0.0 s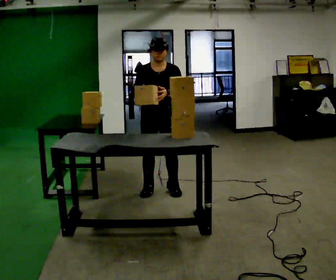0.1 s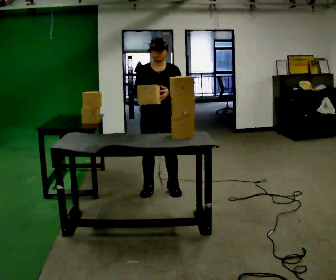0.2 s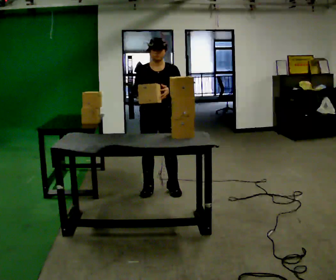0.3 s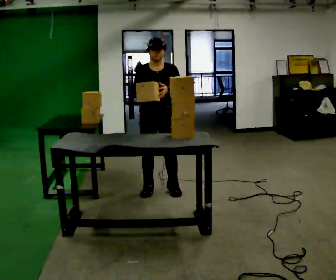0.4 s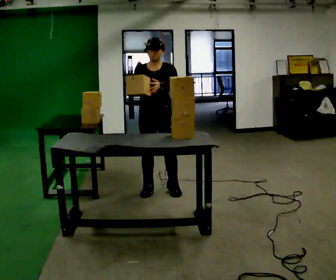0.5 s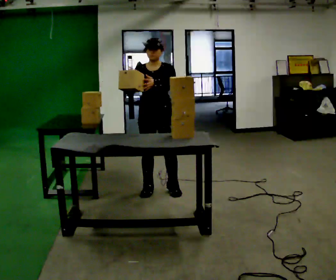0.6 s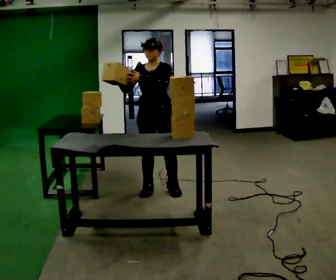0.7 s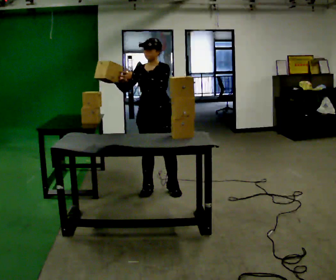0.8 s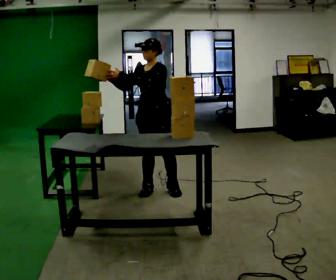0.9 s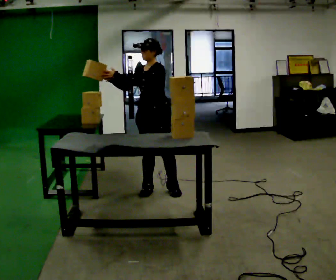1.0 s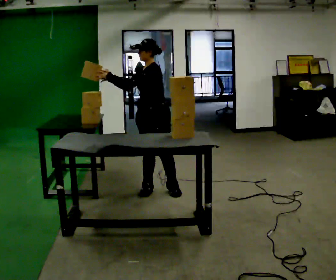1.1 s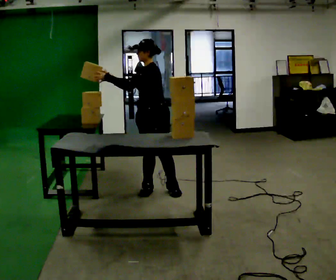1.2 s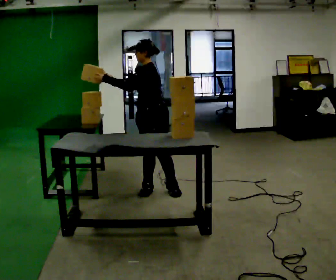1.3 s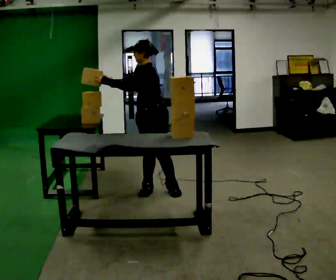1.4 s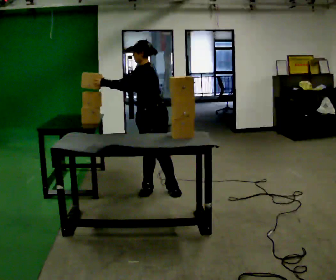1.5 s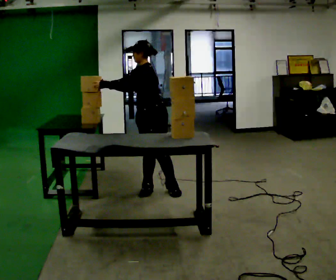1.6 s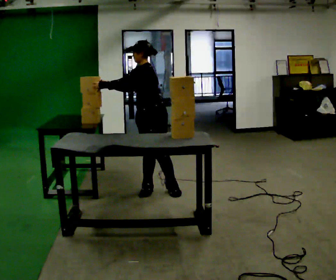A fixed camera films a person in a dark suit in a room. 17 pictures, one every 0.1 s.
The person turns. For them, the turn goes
to their right.
The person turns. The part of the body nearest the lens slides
to the left.
0.0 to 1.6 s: The part of the body nearest the lens slides to the left as the person turns to their right by about 75 degrees. In the picture their left hand goes to the left.
The film runs backward here.
